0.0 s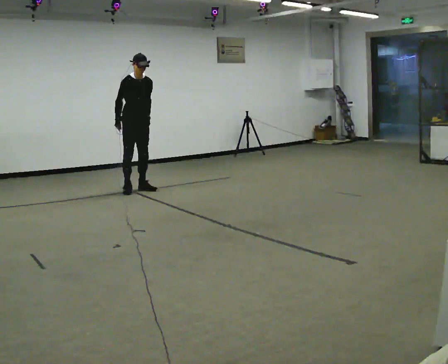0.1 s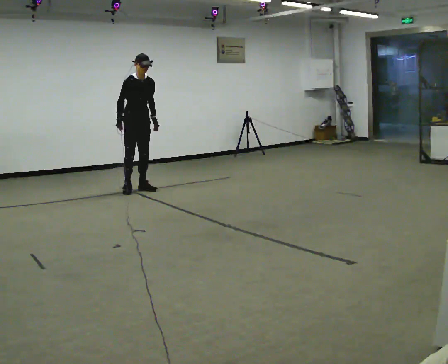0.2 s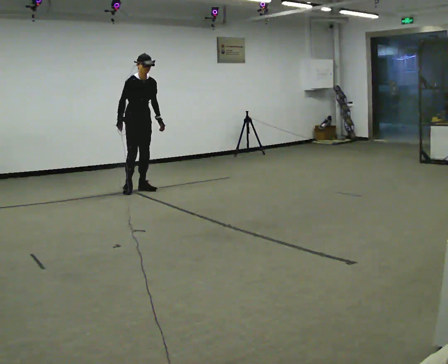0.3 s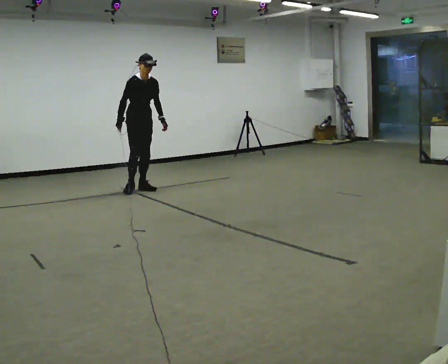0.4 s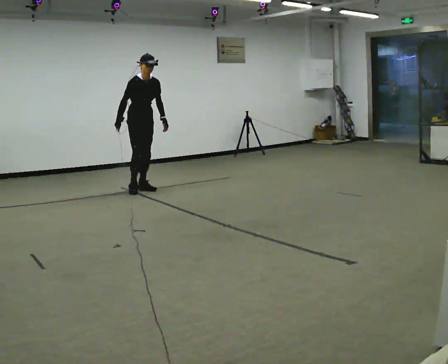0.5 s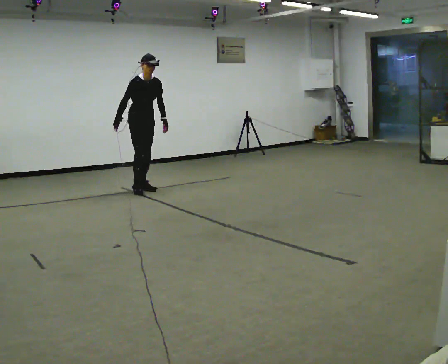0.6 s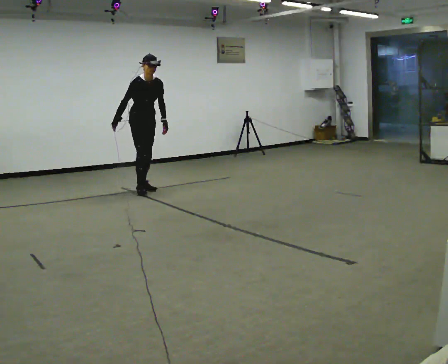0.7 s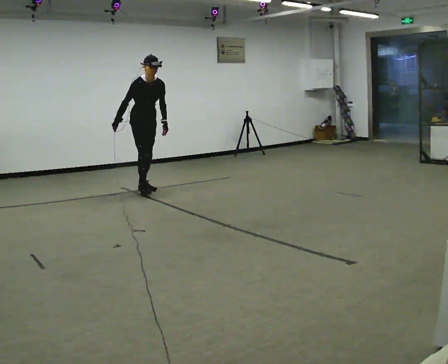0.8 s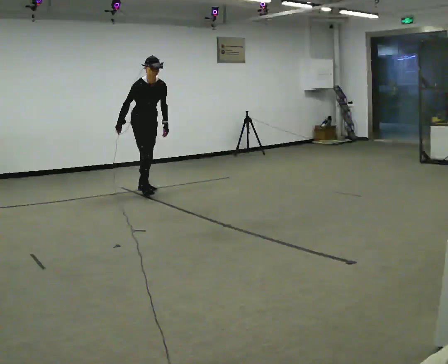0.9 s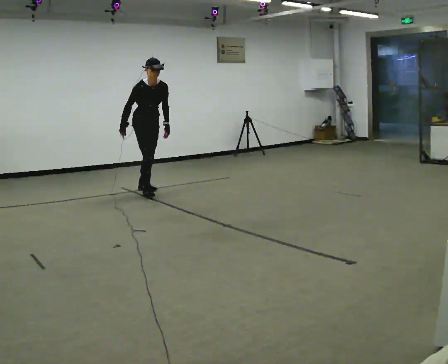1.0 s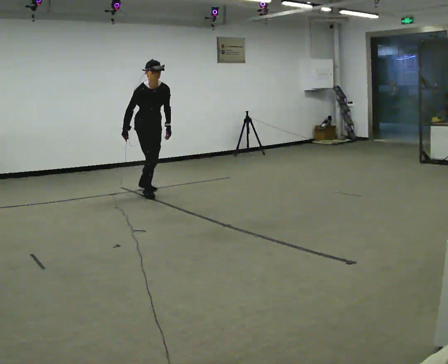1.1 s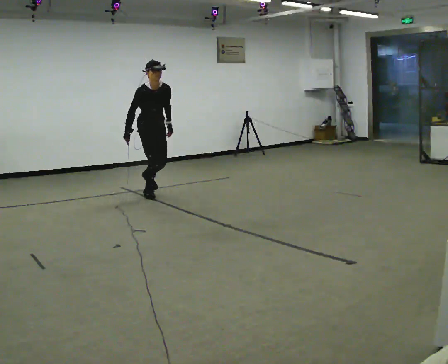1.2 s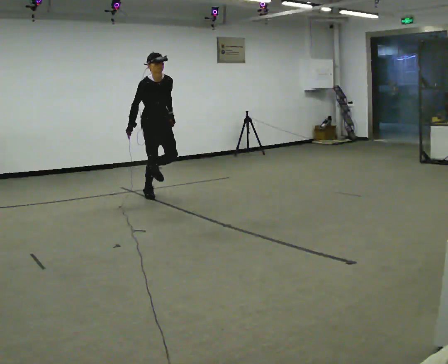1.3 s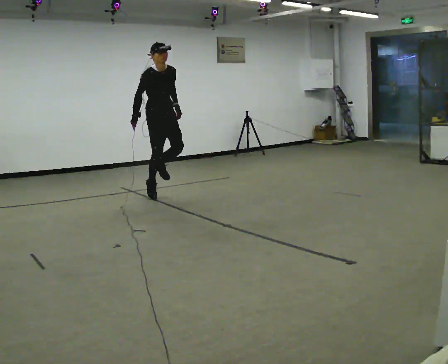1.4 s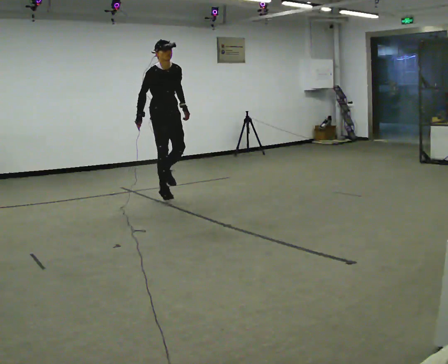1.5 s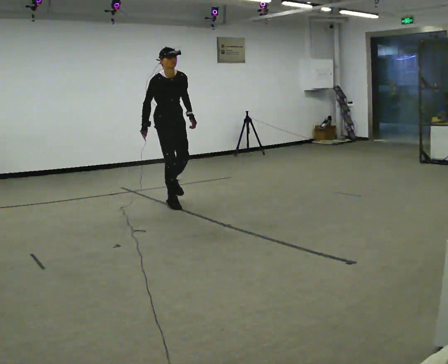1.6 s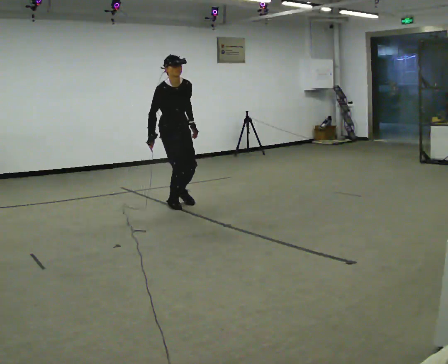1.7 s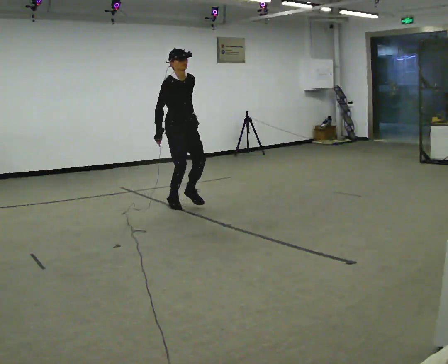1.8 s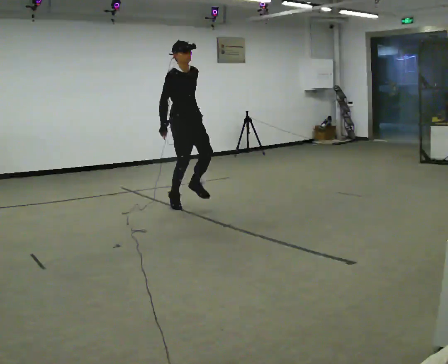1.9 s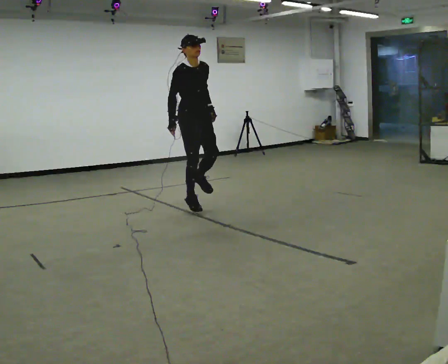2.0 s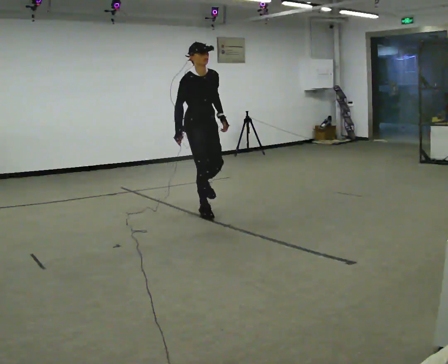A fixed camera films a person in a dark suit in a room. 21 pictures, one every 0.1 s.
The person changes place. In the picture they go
toward the camera.
0.0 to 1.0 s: In the picture they go toward the camera and to the right, about 0.25 m in 1 step, which for them is forward. The upper body tips toward the camera, its near side rolling downward, as they bend forward.
1.0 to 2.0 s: In the picture they go toward the camera and to the right, about 1 m in 1 step, which for them is forward.
The film runs forward here.
